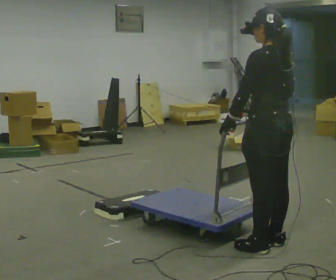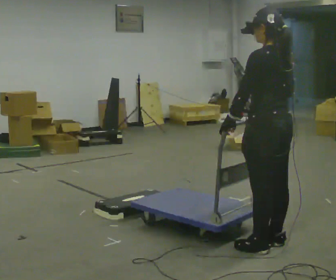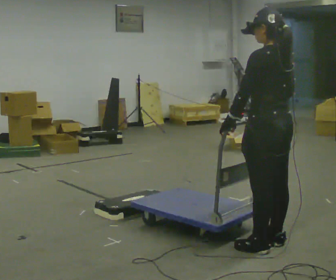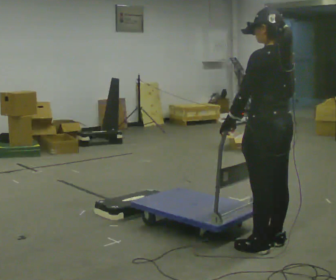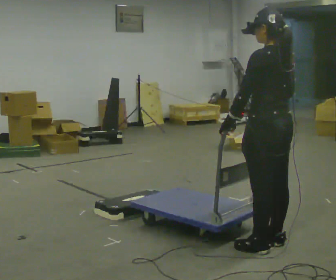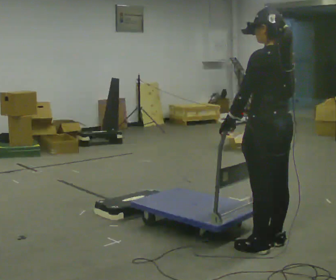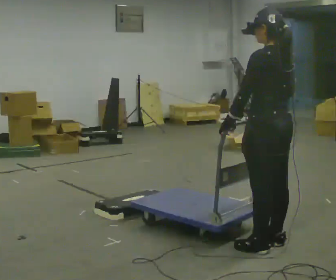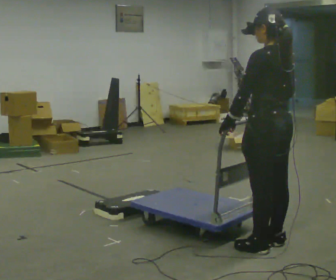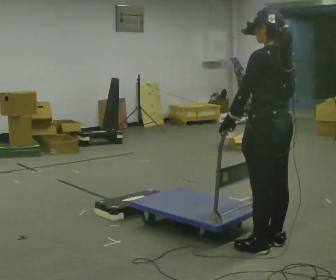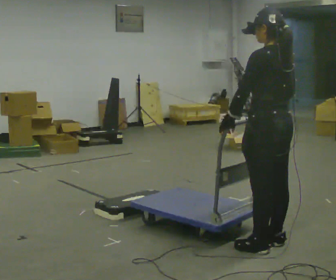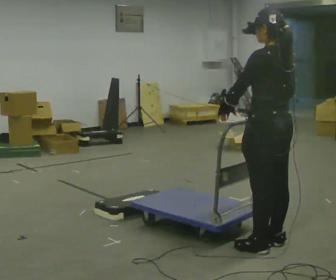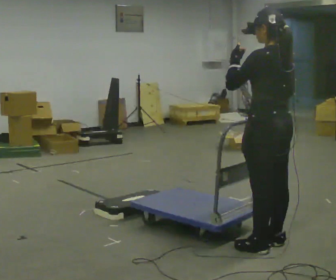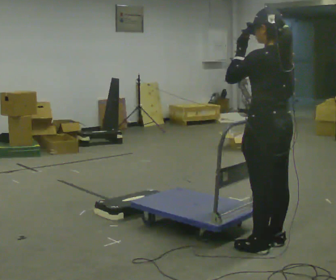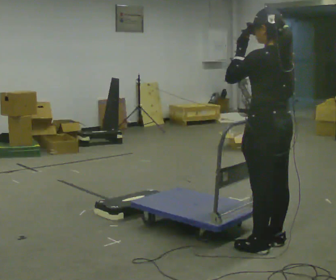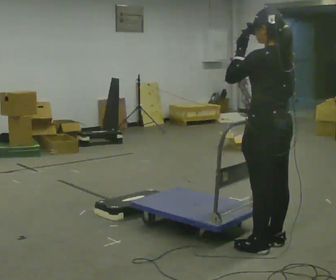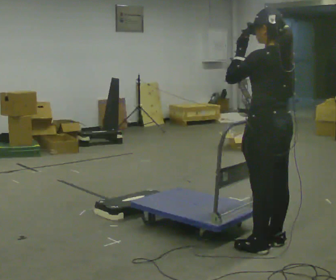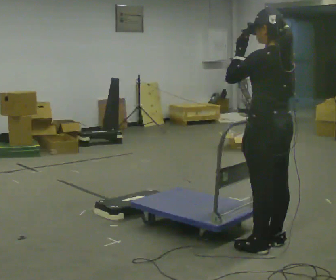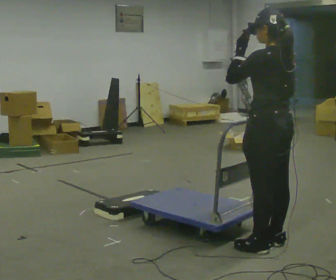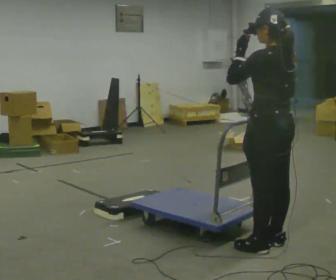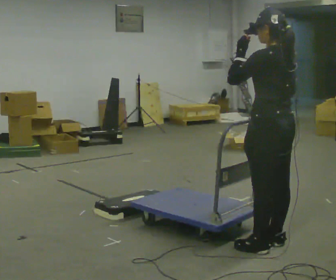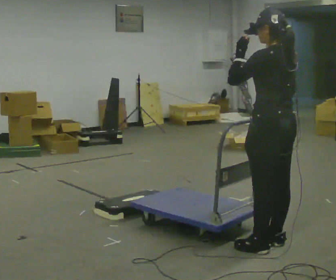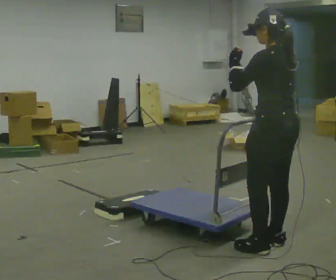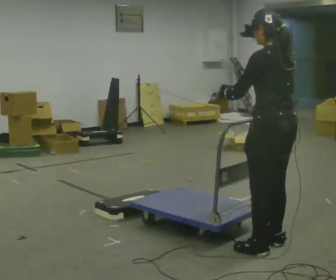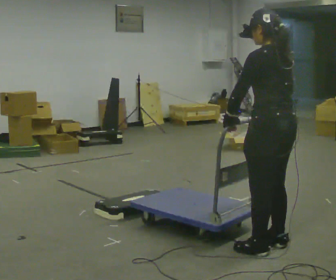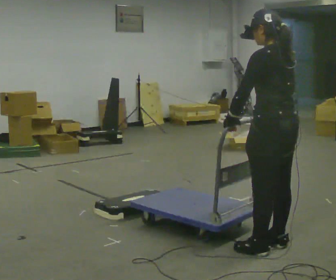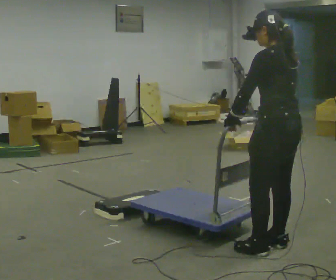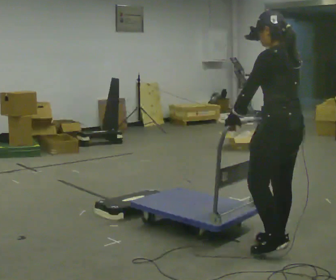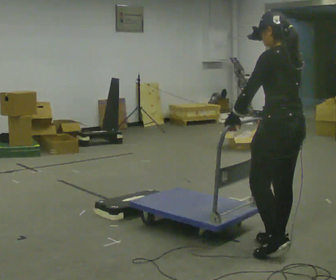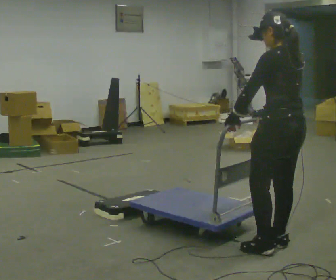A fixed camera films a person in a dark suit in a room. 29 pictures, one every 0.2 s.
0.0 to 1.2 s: The person keeps their place and pose.
1.2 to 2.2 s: In the picture their left hand goes upward.
2.2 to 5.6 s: In the picture their left hand goes downward.
The film runs backward here.
